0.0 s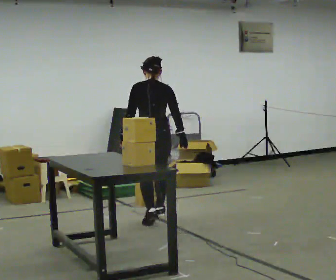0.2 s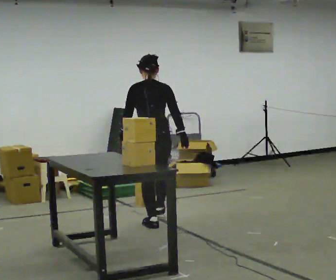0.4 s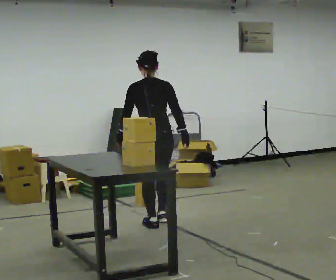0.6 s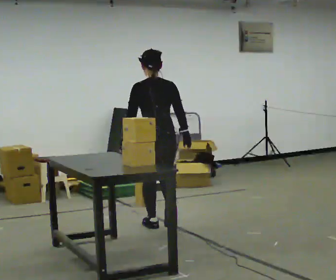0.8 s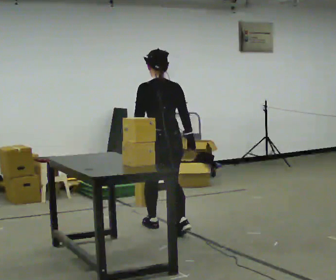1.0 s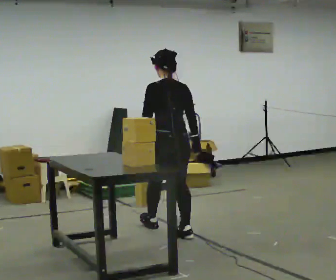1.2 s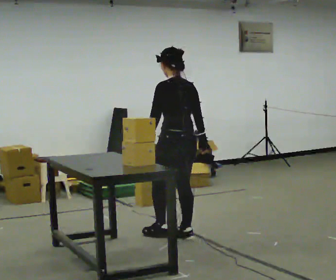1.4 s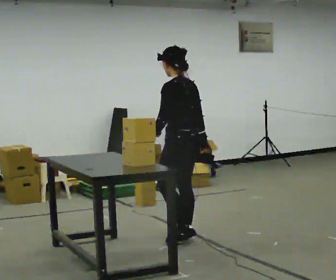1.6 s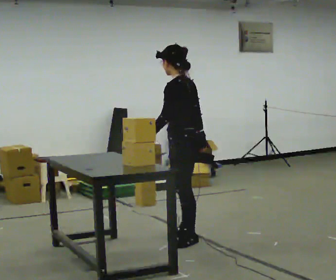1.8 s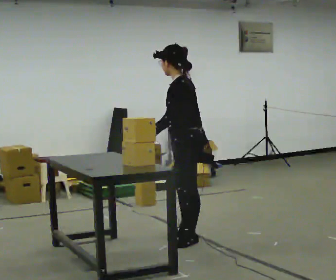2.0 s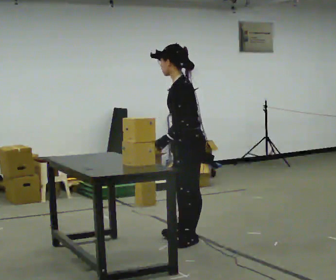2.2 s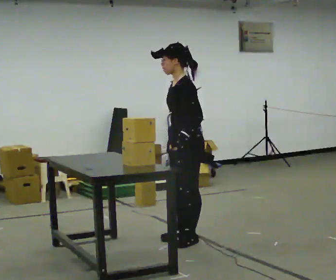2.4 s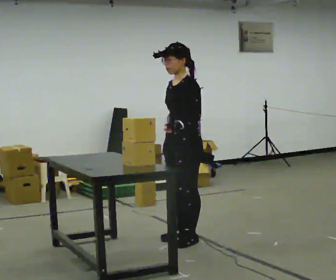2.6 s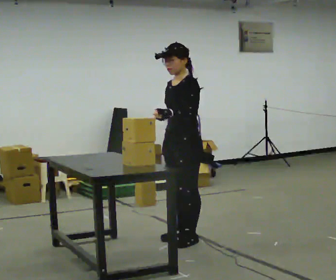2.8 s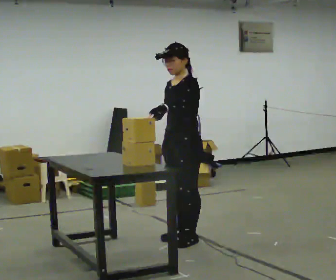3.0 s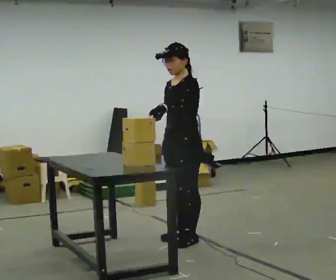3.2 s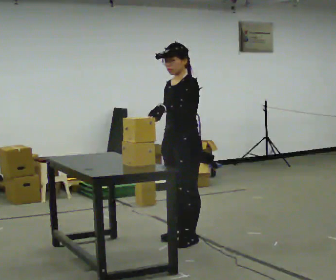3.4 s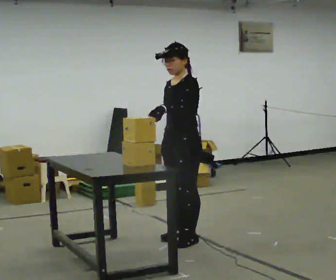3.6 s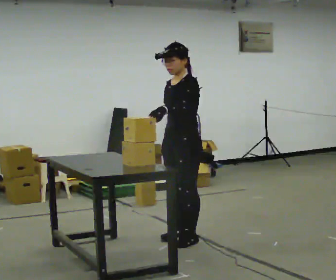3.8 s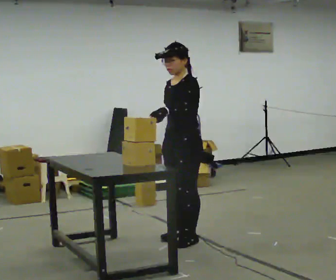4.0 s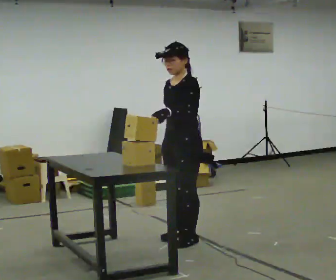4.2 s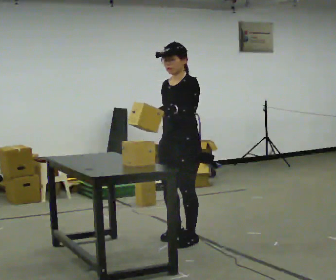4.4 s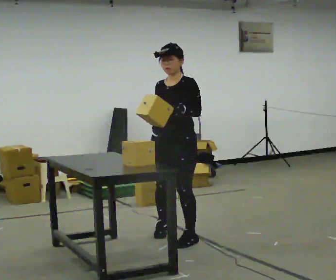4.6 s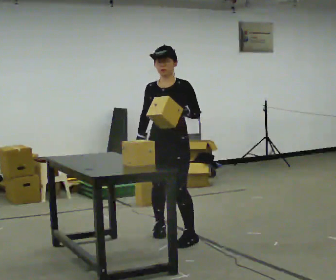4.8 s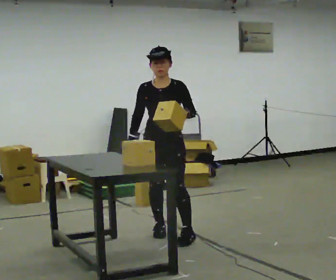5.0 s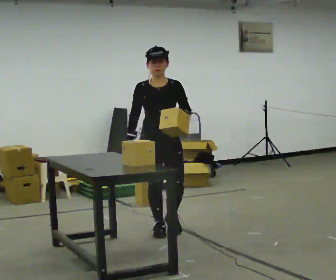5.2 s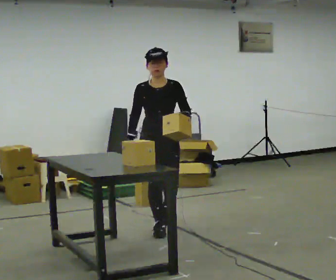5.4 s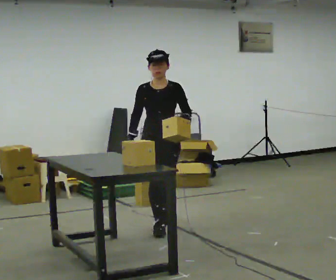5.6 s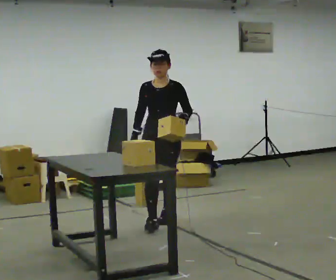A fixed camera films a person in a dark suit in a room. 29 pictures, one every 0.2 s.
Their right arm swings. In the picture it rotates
clockwise.
0.0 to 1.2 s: Seen from above the body turns counterclockwise, about 30 degrees: to their left, with its near side sliding to the right. In the picture they go toward the camera, about 0.5 m in 2 steps, which for them is backward.
1.2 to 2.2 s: The person turns about 60 degrees to their left, counterclockwise seen from above, so the part of the body nearest the lens slides to the right. In the picture they go toward the camera, about 0.25 m.
2.2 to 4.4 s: The part of the body nearest the lens slides to the right as the person turns to their left by about 45 degrees.
4.4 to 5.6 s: The part of the body nearest the lens slides to the right as the person turns to their left by about 30 degrees. In the picture they go away from the camera, about 0.5 m in 2 steps, which for them is backward.
The film runs backward here.
